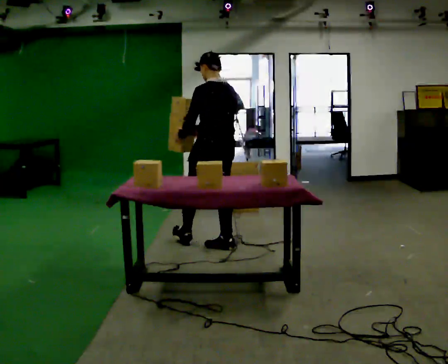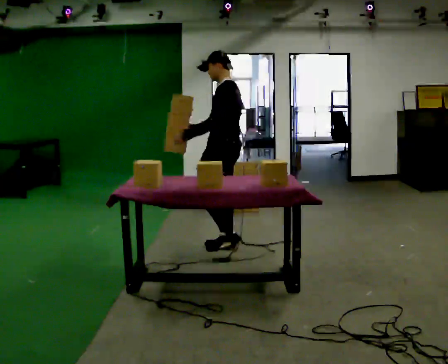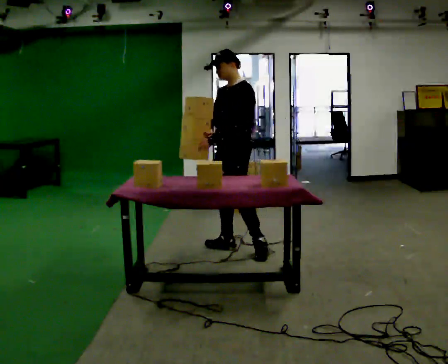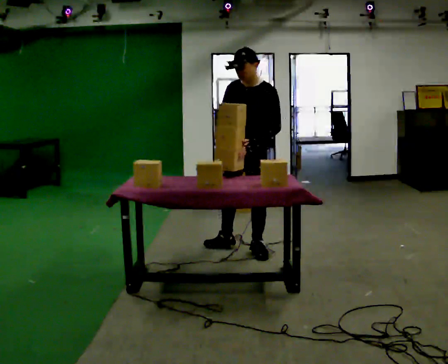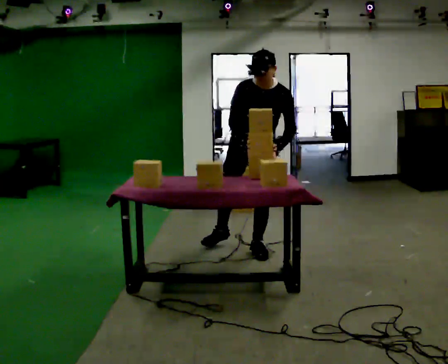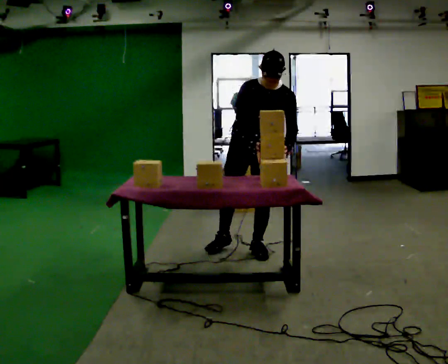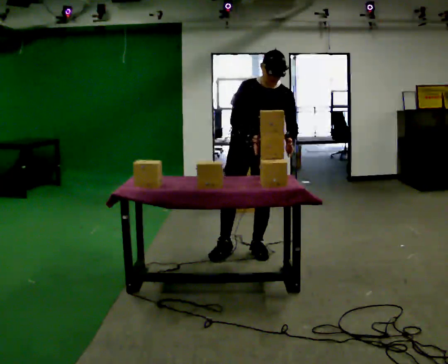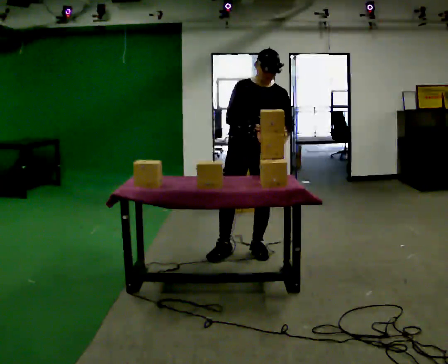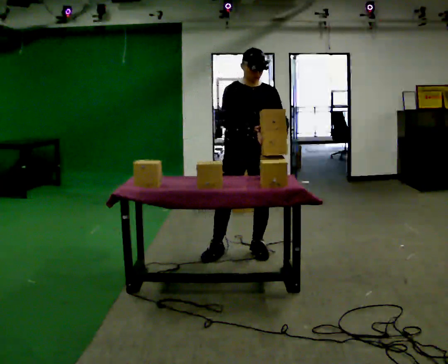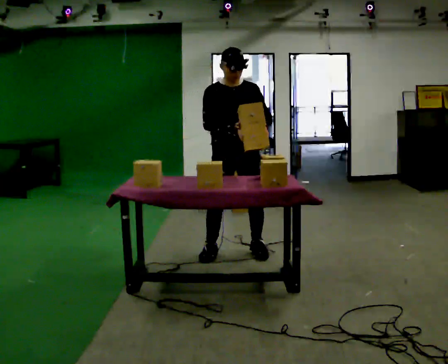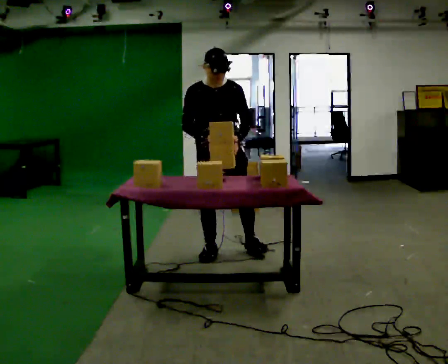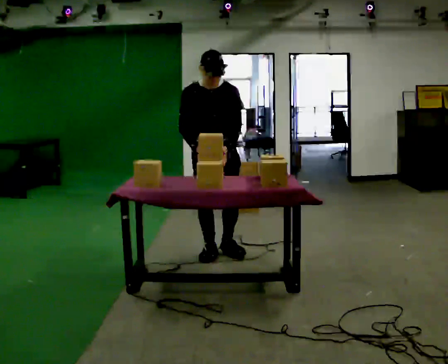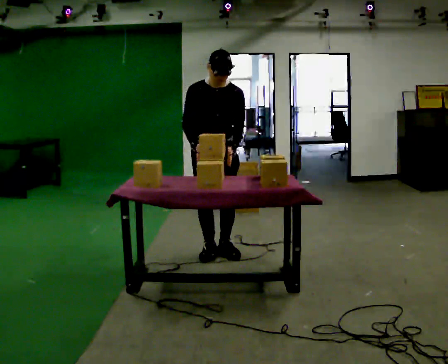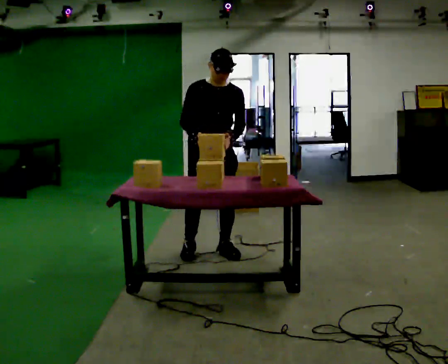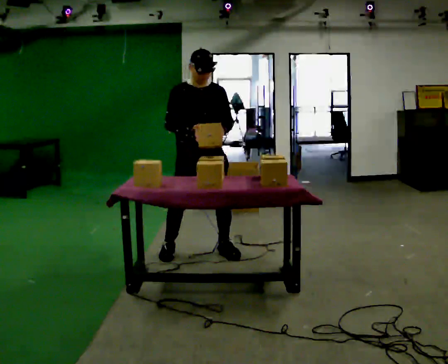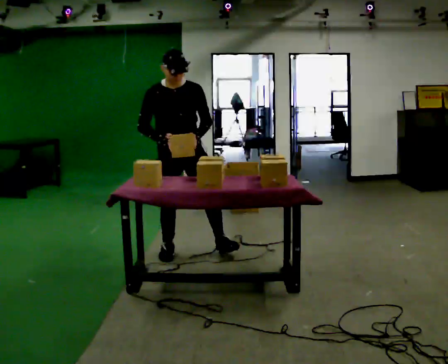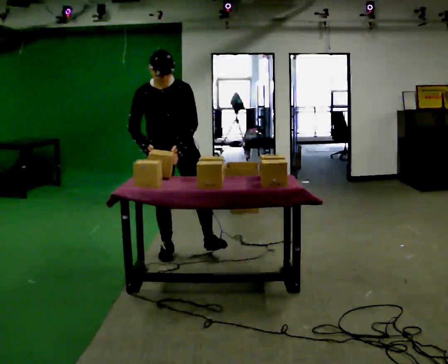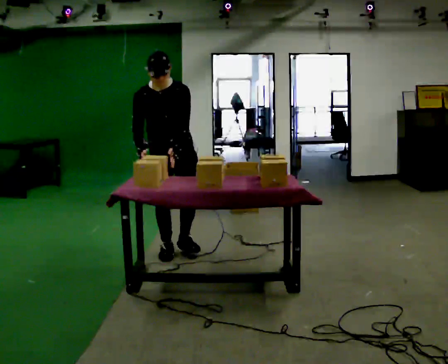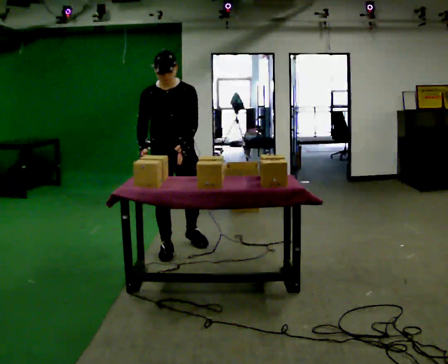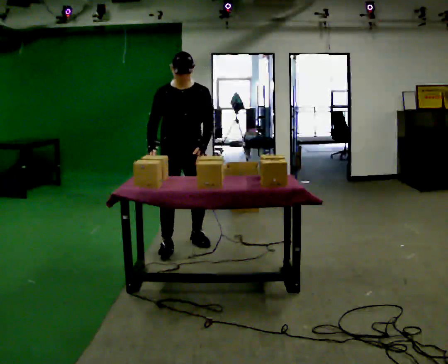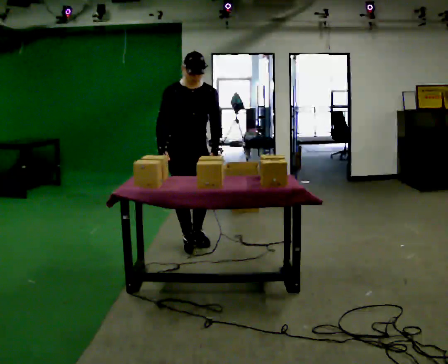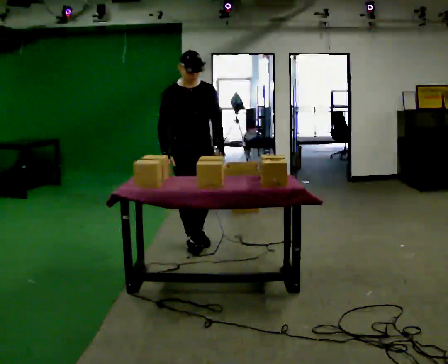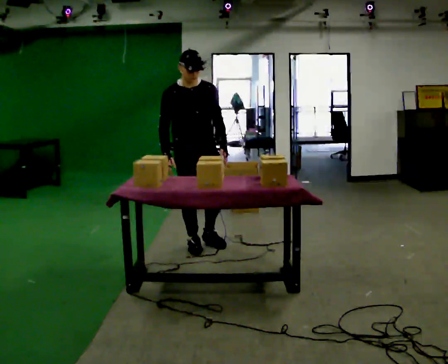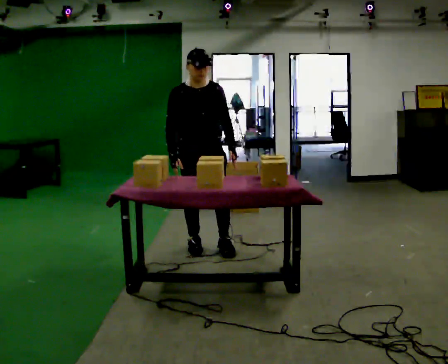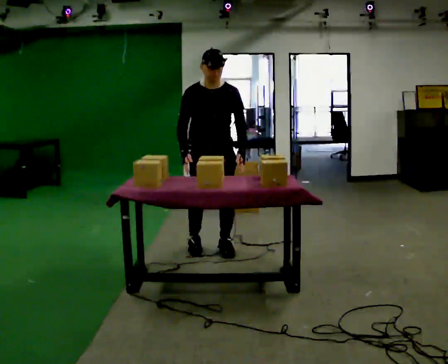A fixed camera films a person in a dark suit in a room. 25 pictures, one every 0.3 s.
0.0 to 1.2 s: The person turns about 120 degrees to their left, counterclockwise seen from above, so the part of the body nearest the lens slides to the right. In the picture they go to the right and toward the camera, about 0.5 m. The upper body tips toward the camera, its near side rolling downward, as they bend forward.
1.2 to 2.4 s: The person turns about 30 degrees to their left, counterclockwise seen from above, so the part of the body nearest the lens slides to the right. The upper body tips away from the camera, its near side rolling upward, as they lean back or straighten.
2.4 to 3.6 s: In the picture they go to the left, about 0.25 m in 1 step, which for them is to their right.
3.6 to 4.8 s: In the picture they go to the left, about 0.25 m in 2 steps, which for them is to their right.
4.8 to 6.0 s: In the picture they go away from the camera, about 0.25 m in 1 step, which for them is backward and to their left. In the picture the upper body tilts clockwise, shoulders to the right.
6.0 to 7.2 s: In the picture they go to the right and toward the camera, about 0.25 m in 1 step, which for them is forward and to their left.
The film runs backward here.
